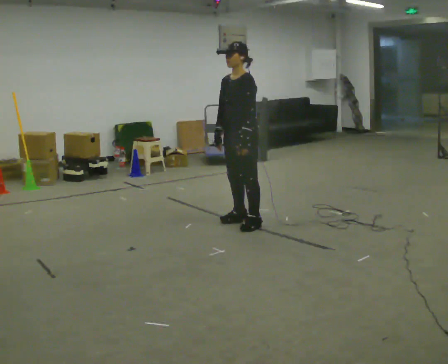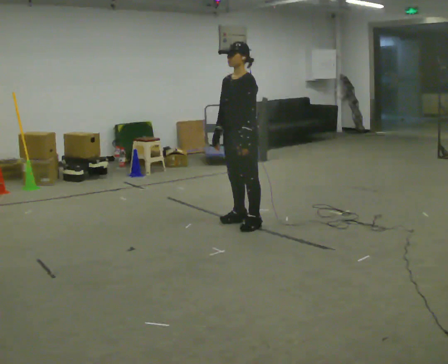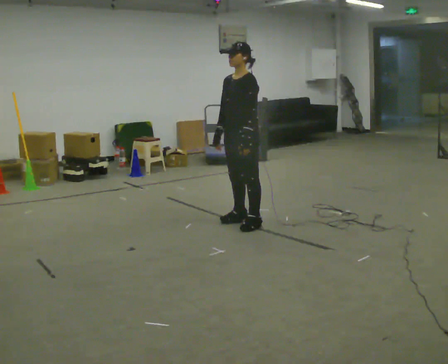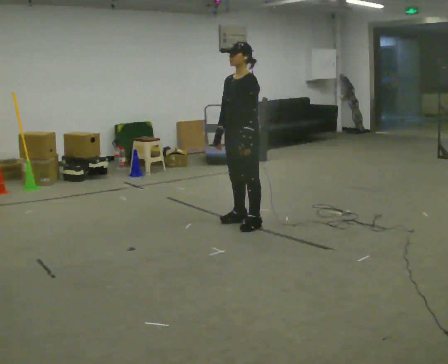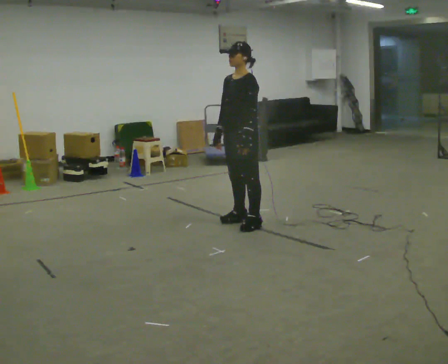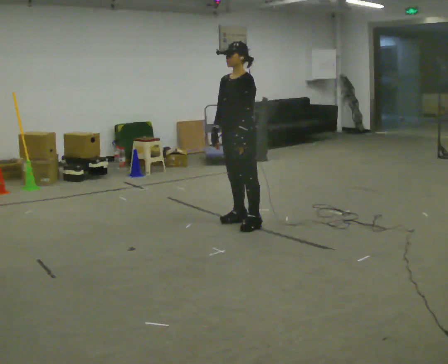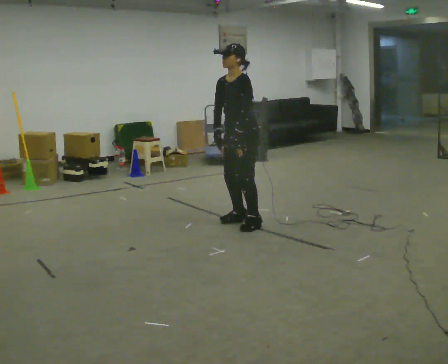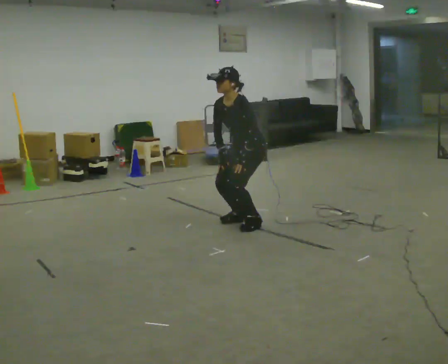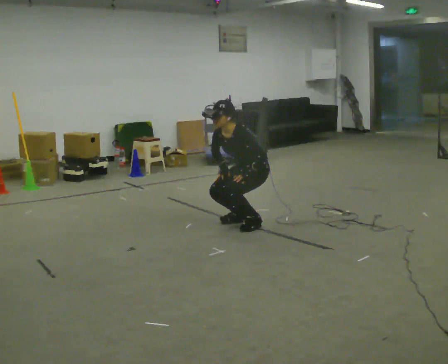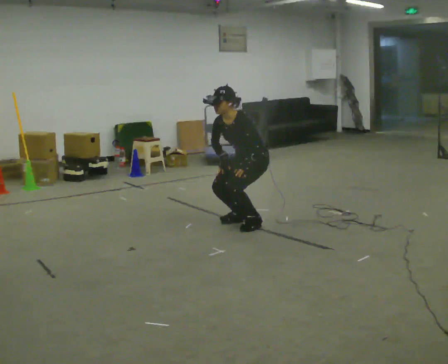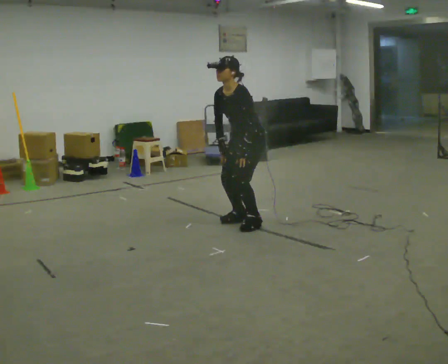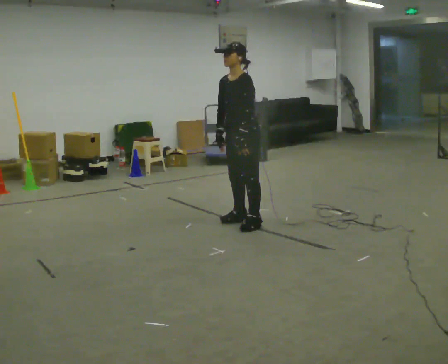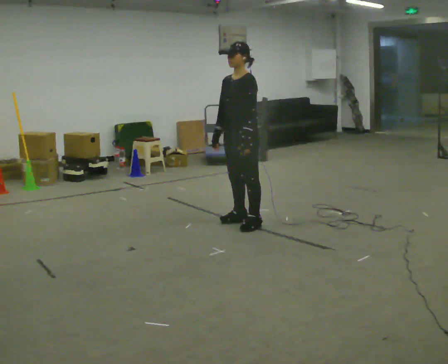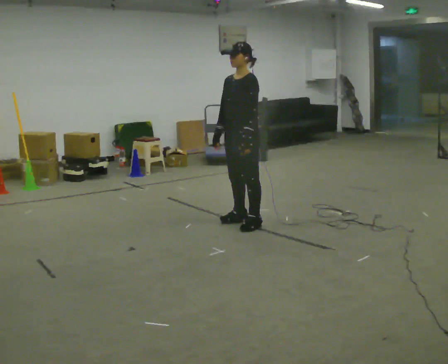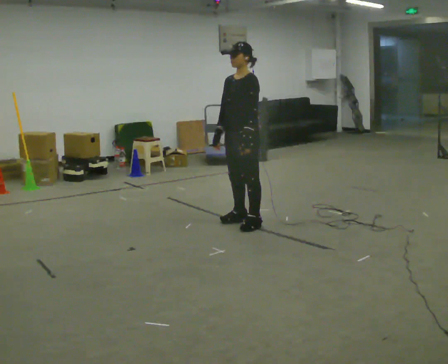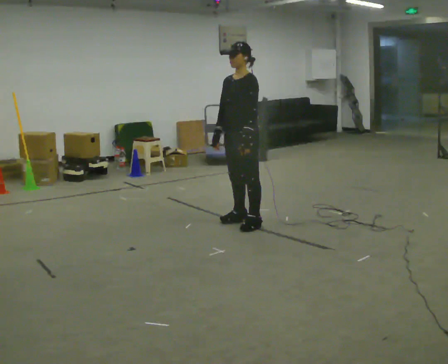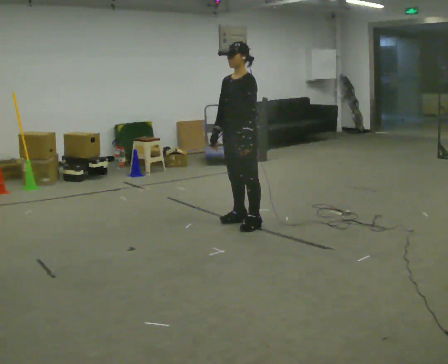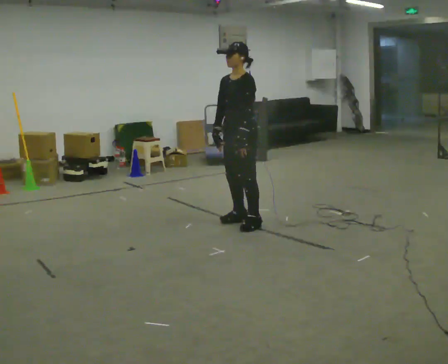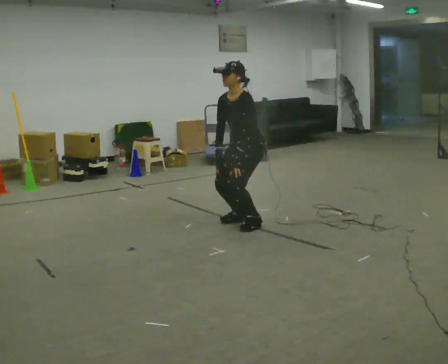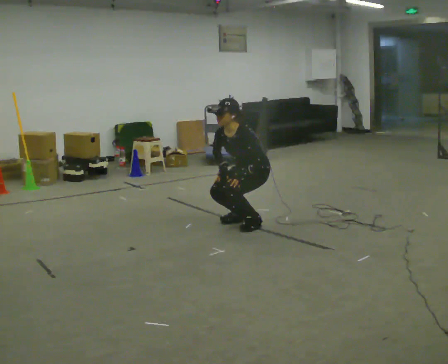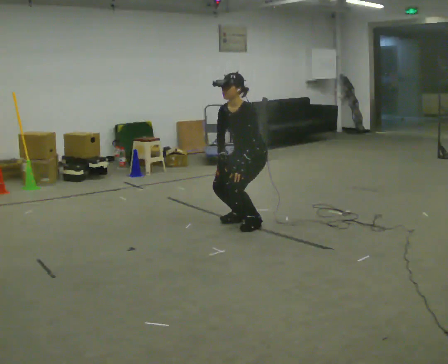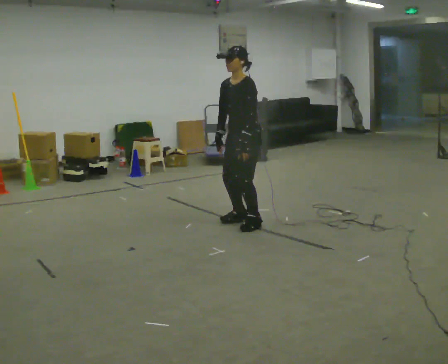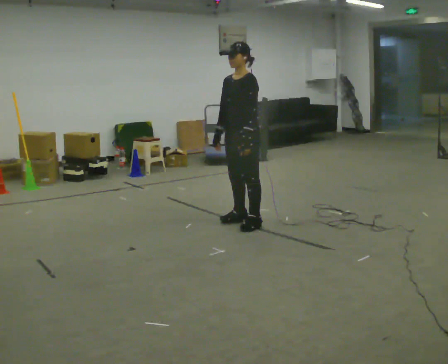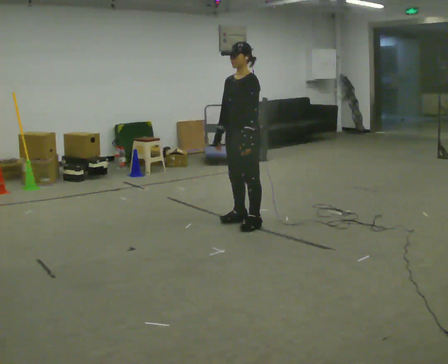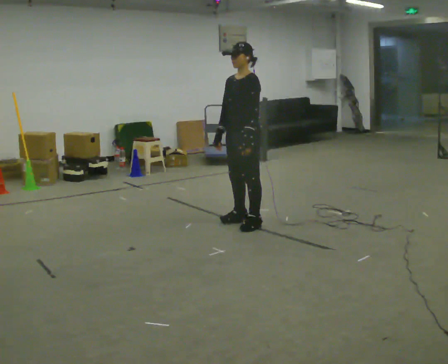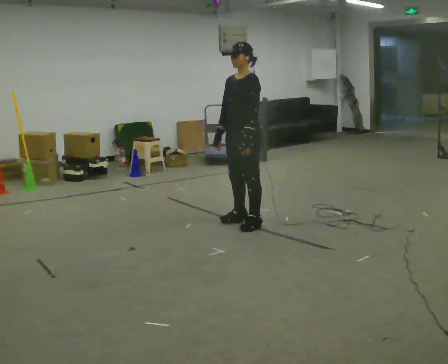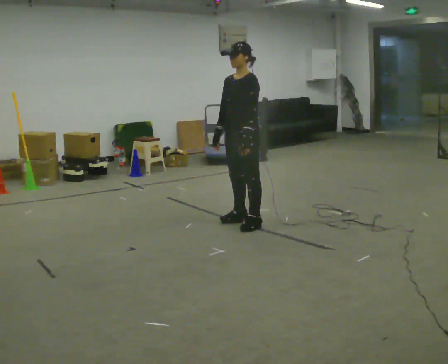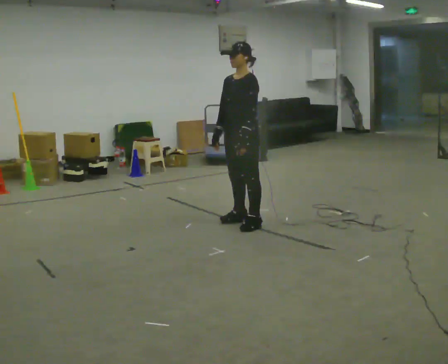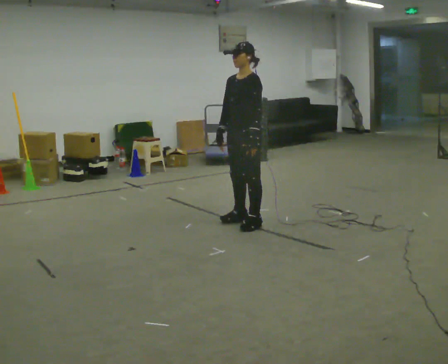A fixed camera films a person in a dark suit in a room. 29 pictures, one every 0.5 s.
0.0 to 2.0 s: The person keeps their place and pose.
2.0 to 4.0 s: The upper body goes downward. In the picture the upper body tilts counterclockwise, shoulders to the left, as they bend forward.
4.0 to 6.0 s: The shoulders move upward. In the picture the upper body tilts clockwise, shoulders to the right, as they lean back or straighten.
6.0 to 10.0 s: The person moves a little, or ends about where they began.
10.0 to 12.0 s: The upper body goes upward. In the picture the upper body tilts clockwise, shoulders to the right, as they lean back or straighten.
12.0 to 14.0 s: The person moves a little, or ends about where they began.
The film runs backward here.
